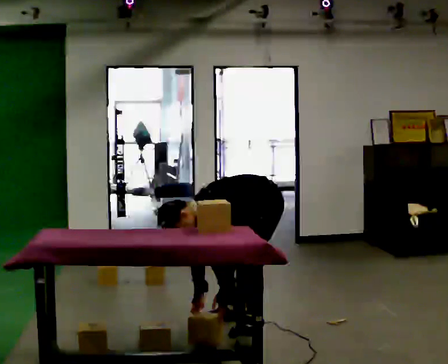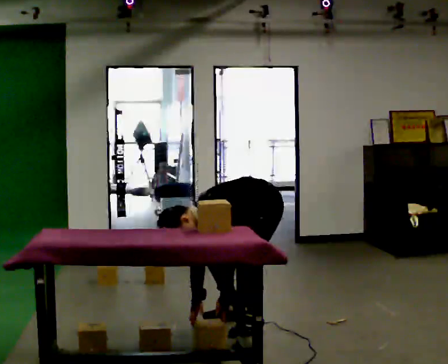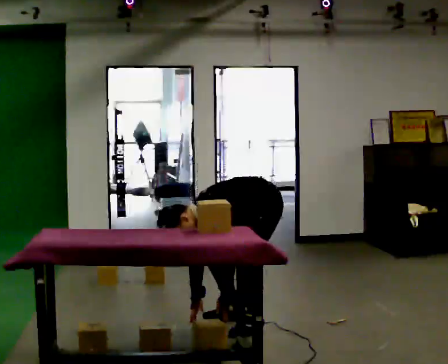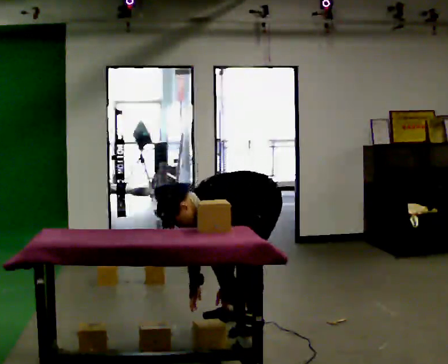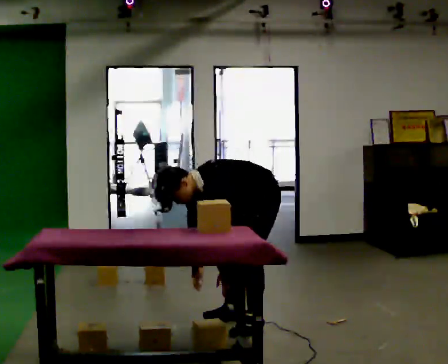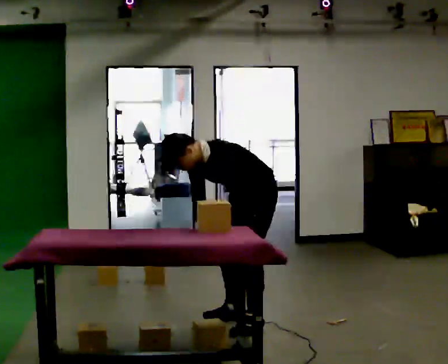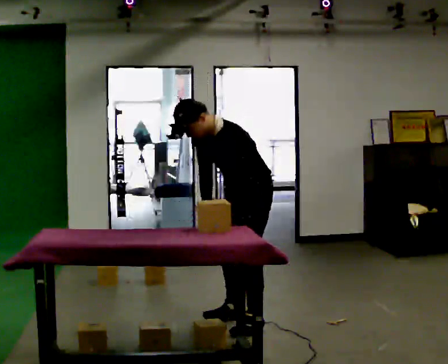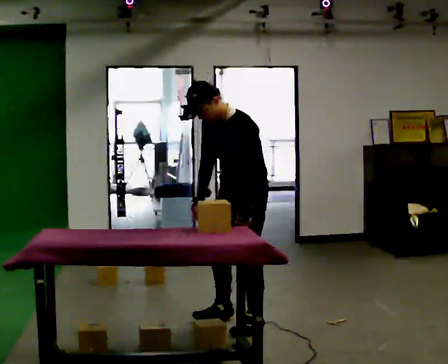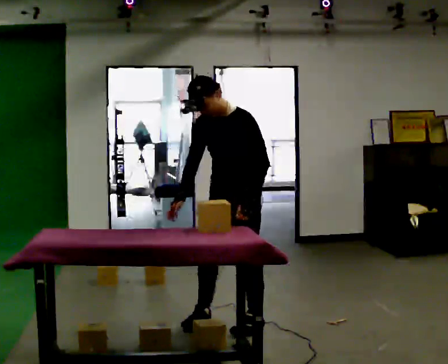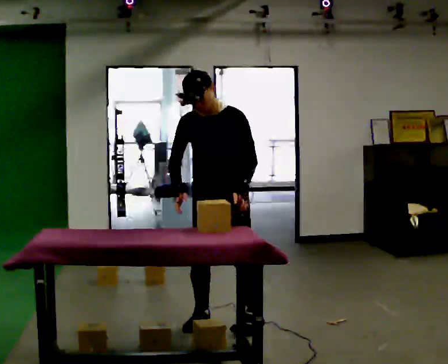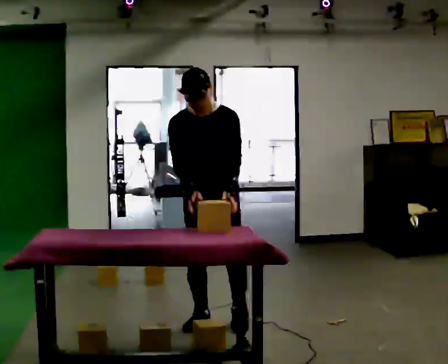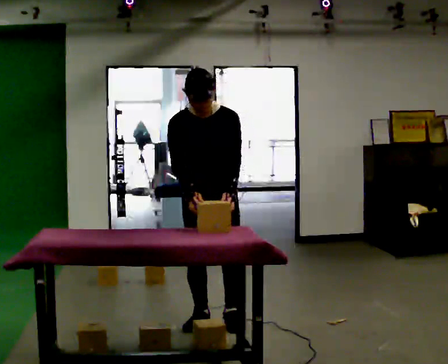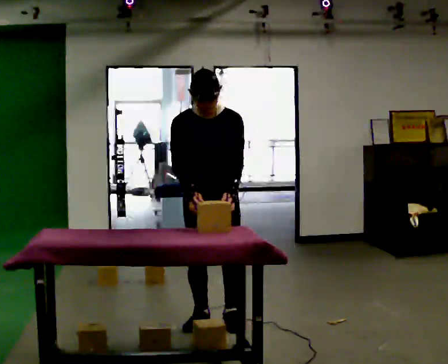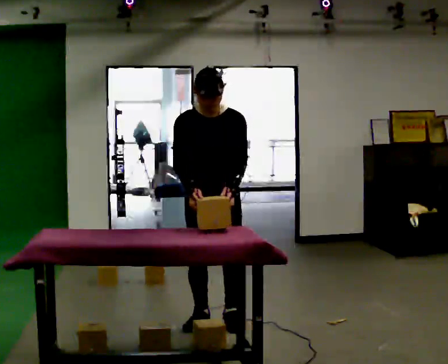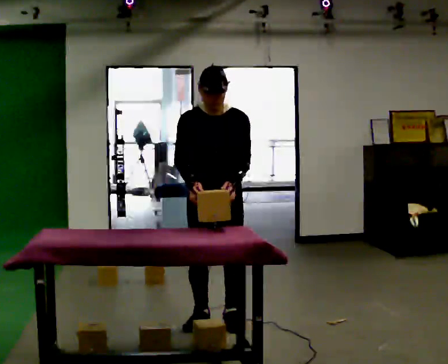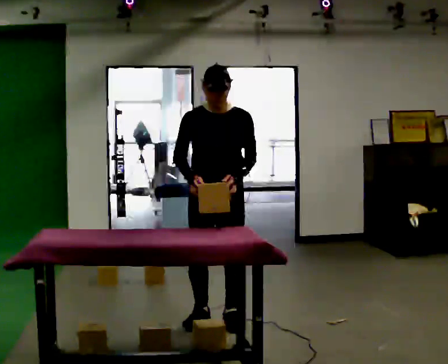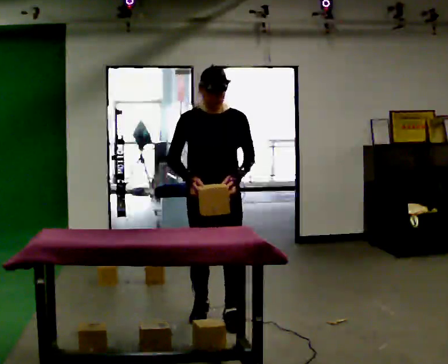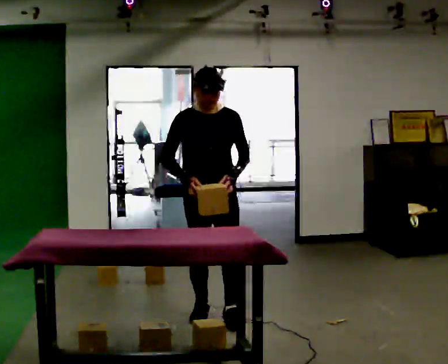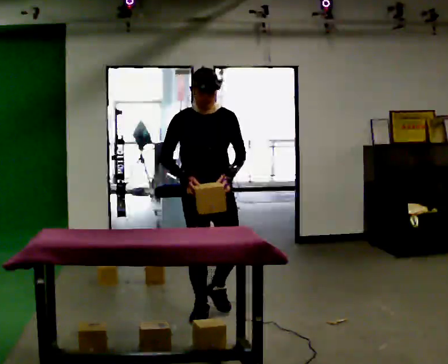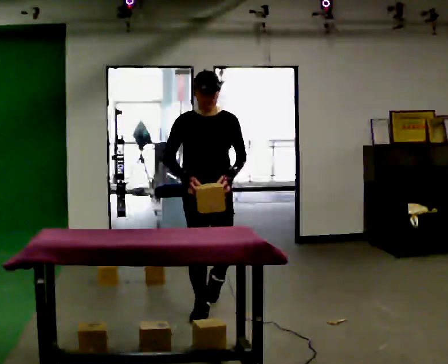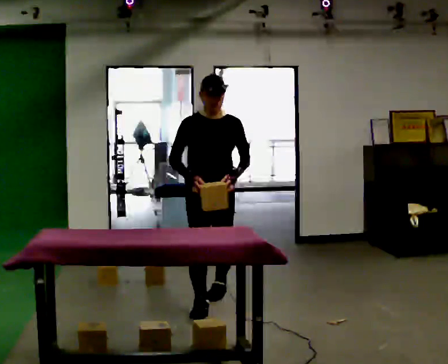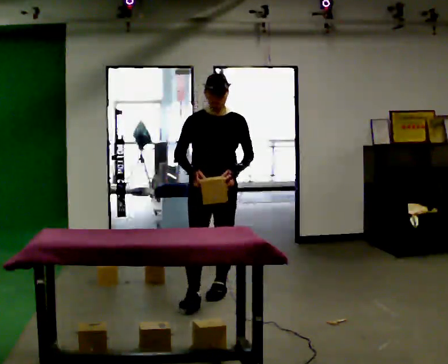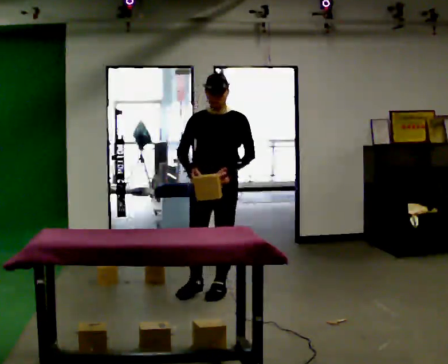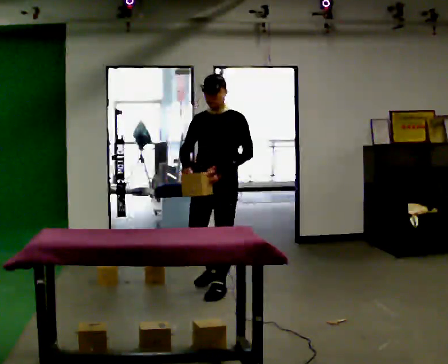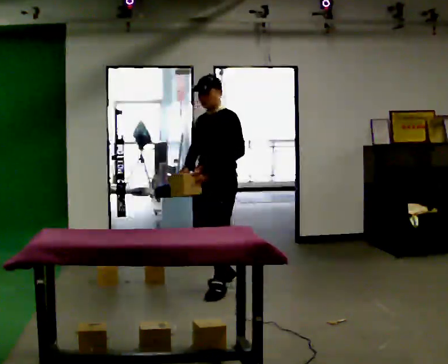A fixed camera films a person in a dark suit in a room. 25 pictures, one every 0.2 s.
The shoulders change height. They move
upward.
The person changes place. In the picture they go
away from the camera.
0.0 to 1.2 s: The shoulders move upward. In the picture the upper body tilts clockwise, shoulders to the right, as they lean back or straighten. In the picture their right hand goes upward.
1.2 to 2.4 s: Seen from above the body turns counterclockwise, about 60 degrees: to their left, with its near side sliding to the right. In the picture they go to the left, about 0.25 m in 2 steps, which for them is to their right and forward. In the picture the upper body tilts clockwise, shoulders to the right.
2.4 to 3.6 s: In the picture they go away from the camera, about 0.25 m in 2 steps, which for them is backward. The upper body tips away from the camera, its near side rolling upward, as they lean back or straighten.
3.6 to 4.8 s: The person turns about 60 degrees to their right, clockwise seen from above, so the part of the body nearest the lens slides to the left. In the picture they go away from the camera, about 0.75 m in 1 step, which for them is backward.
The film runs backward here.
